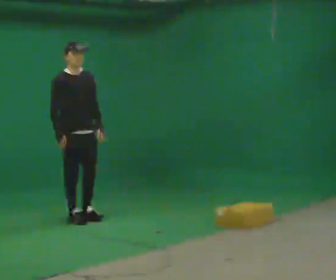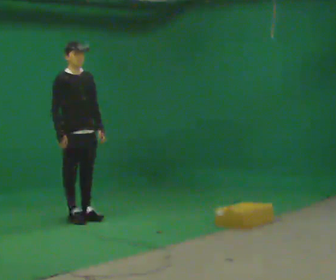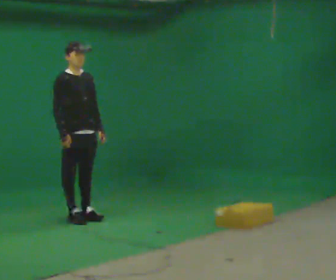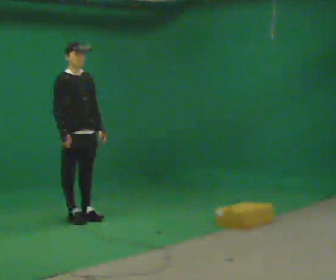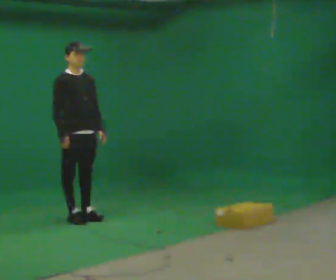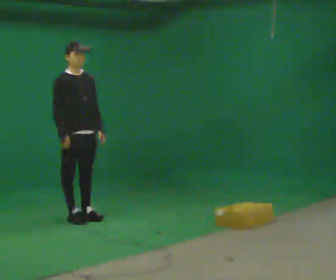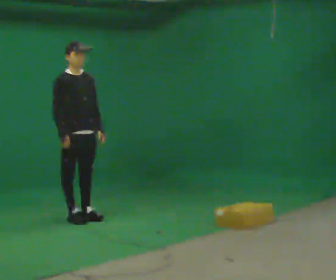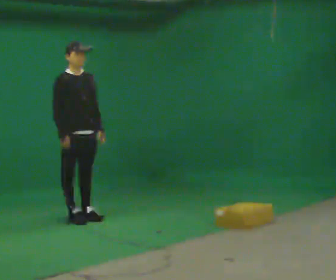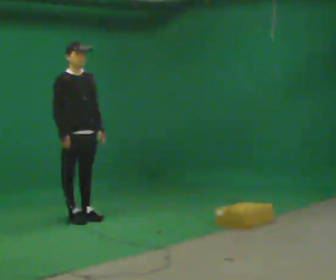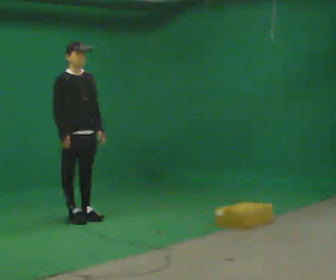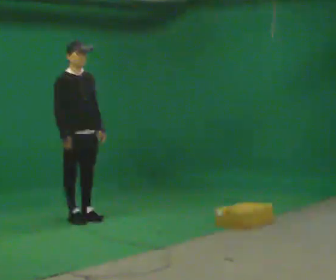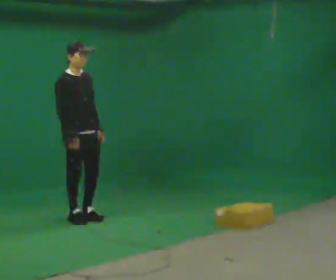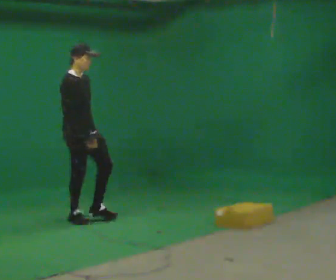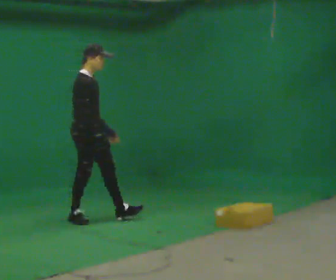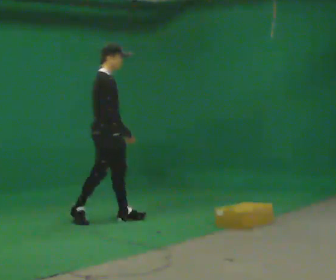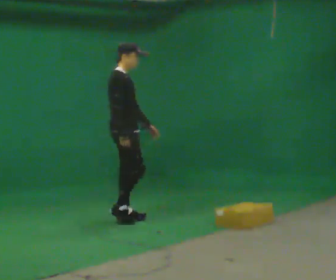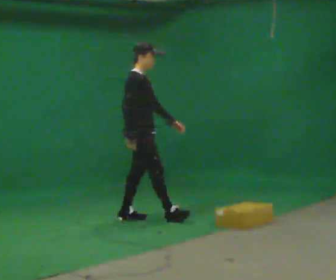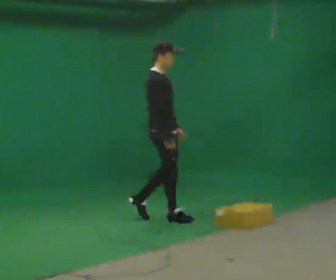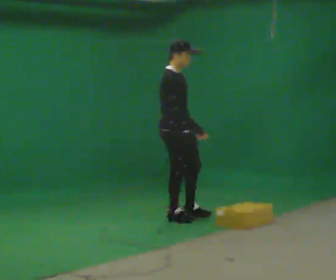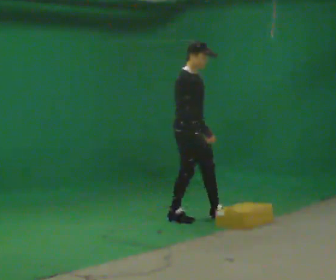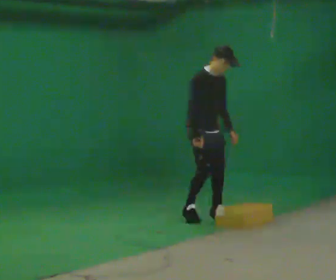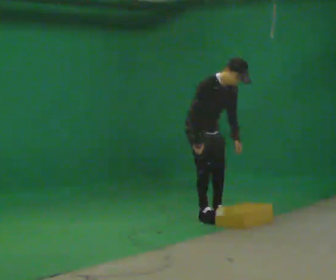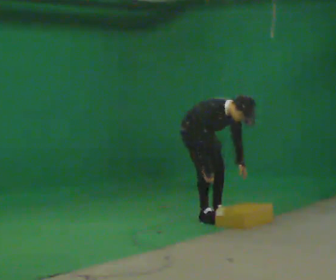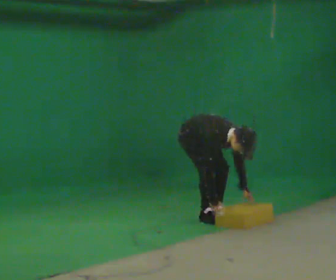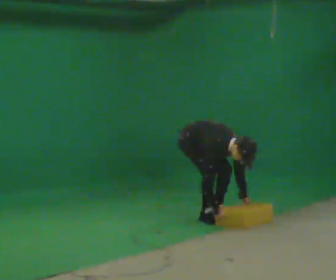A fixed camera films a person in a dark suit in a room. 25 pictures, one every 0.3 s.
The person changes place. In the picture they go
to the right.
The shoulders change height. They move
downward.
0.0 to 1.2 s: The person moves a little, or ends about where they began.
1.2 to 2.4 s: The person keeps their place and pose.
2.4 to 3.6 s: The person moves a little, or ends about where they began.
3.6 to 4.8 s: In the picture they go to the right, about 0.5 m in 1 step, which for them is forward.
4.8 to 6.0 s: The person turns about 45 degrees to their right, clockwise seen from above, so the part of the body nearest the lens slides to the left. In the picture they go to the right, about 0.5 m in 2 steps, which for them is forward. In the picture the upper body tilts clockwise, shoulders to the right, as they bend forward.
6.0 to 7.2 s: The shoulders move downward. The upper body tips toward the camera, its near side rolling downward, as they bend forward. In the picture their left hand goes downward.
The film runs forward here.
